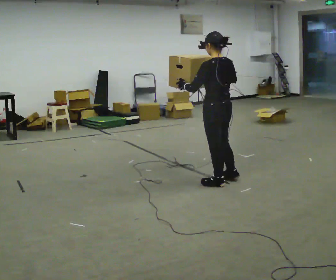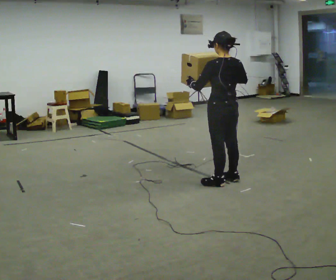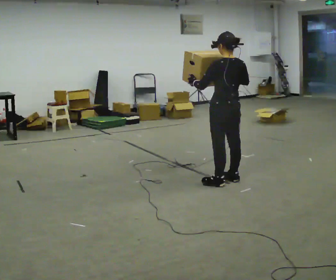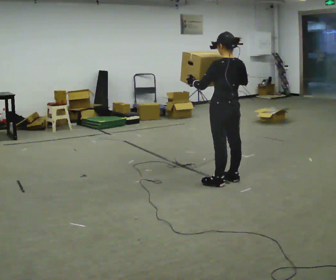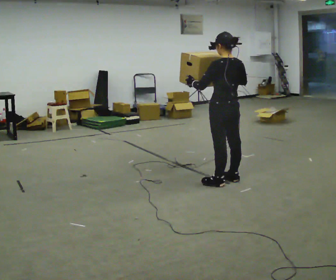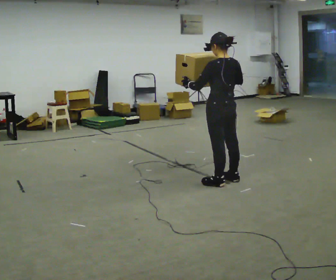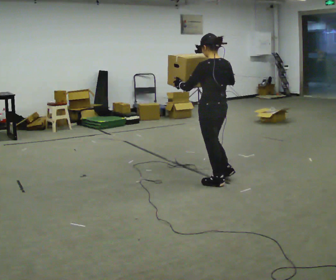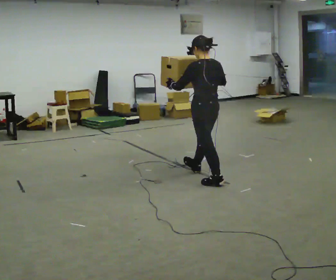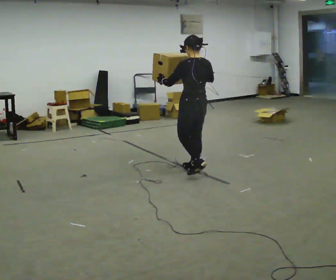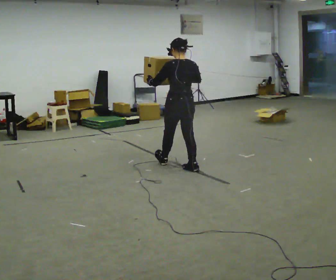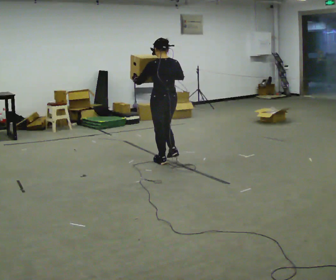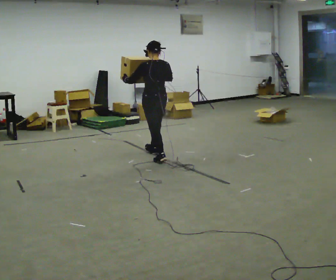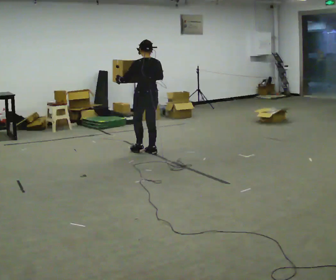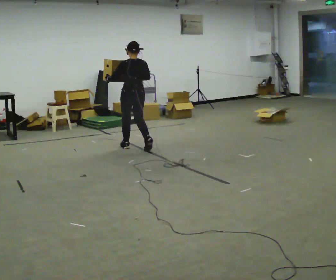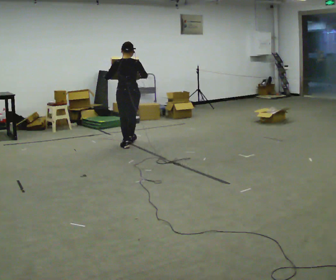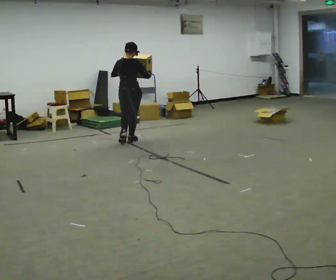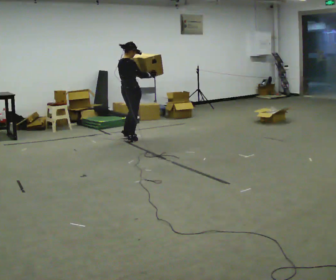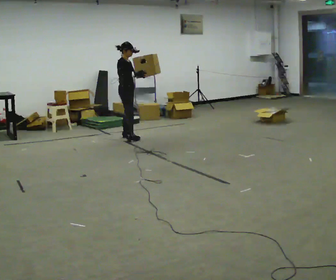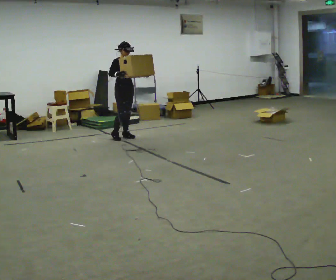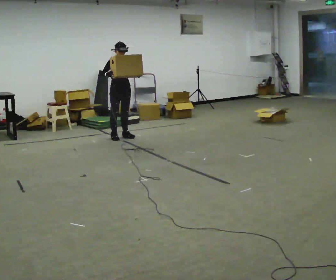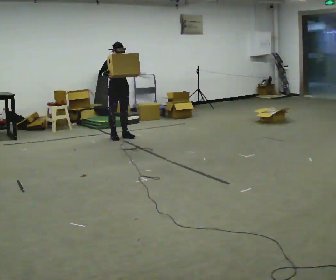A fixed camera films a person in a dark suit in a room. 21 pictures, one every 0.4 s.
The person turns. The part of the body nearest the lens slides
to the left.
The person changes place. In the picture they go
away from the camera.
0.0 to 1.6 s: The person moves a little, or ends about where they began.
1.6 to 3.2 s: In the picture they go away from the camera and to the left, about 0.5 m in 1 step, which for them is forward.
3.2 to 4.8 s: In the picture they go away from the camera and to the left, about 1 m in 2 steps, which for them is forward.
4.8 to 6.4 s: Seen from above the body turns clockwise, about 90 degrees: to their right, with its near side sliding to the left. In the picture they go away from the camera and to the left, about 1 m in 2 steps.
6.4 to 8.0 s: The part of the body nearest the lens slides to the left as the person turns to their right by about 105 degrees. In the picture they go away from the camera and to the left, about 0.25 m in 2 steps.
The film runs forward here.
